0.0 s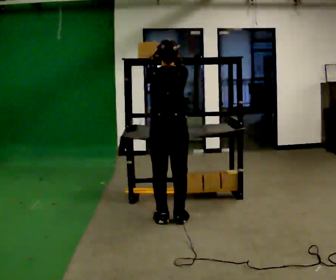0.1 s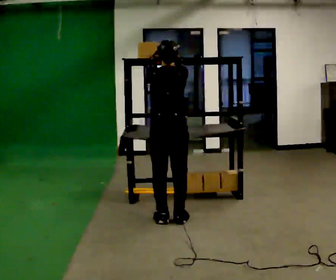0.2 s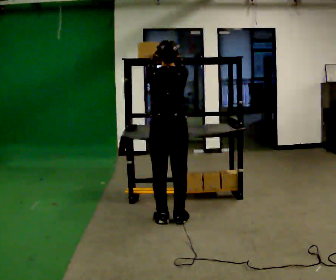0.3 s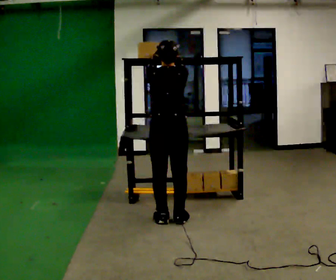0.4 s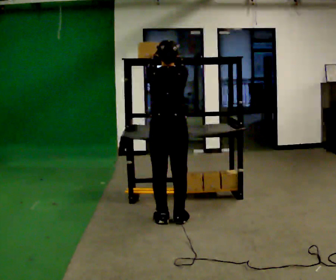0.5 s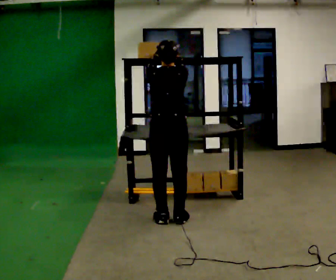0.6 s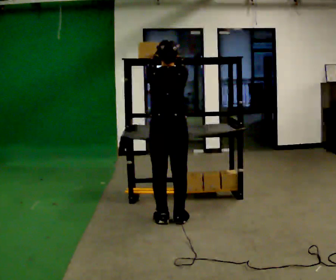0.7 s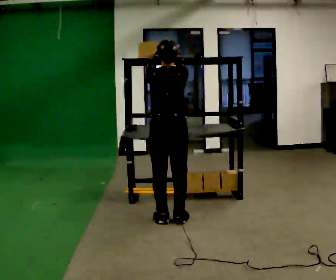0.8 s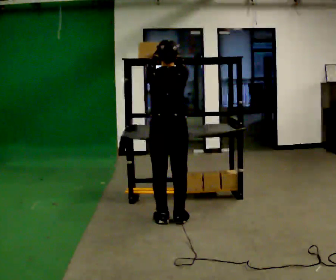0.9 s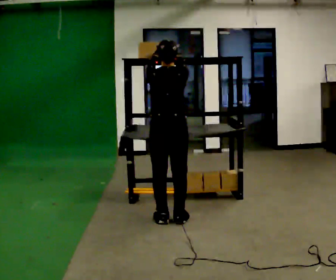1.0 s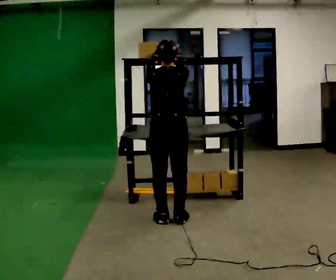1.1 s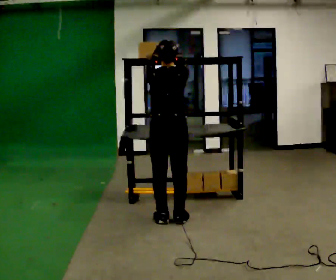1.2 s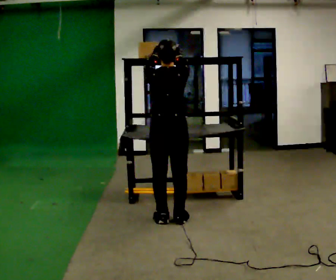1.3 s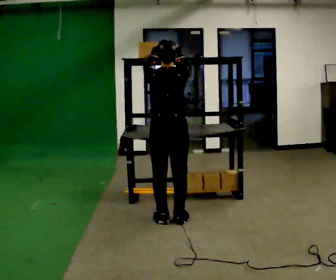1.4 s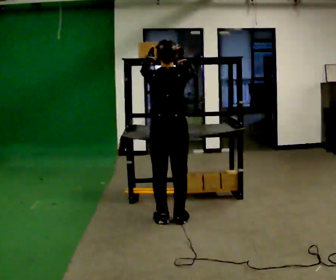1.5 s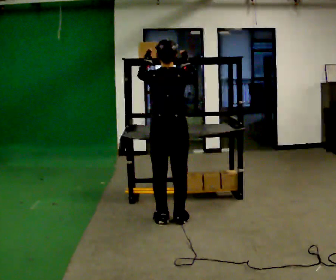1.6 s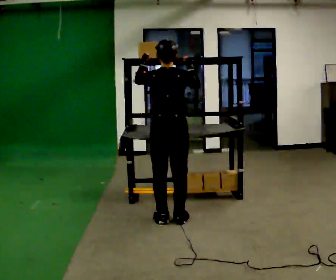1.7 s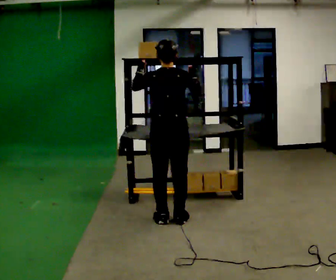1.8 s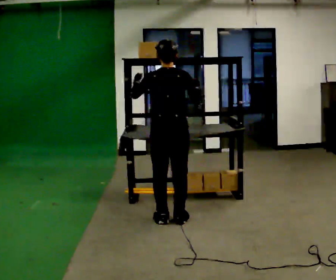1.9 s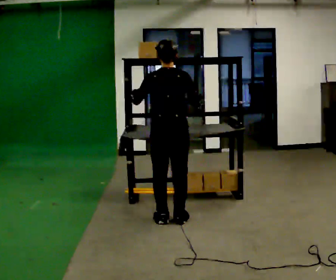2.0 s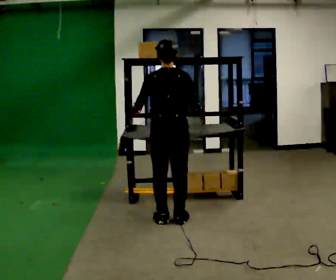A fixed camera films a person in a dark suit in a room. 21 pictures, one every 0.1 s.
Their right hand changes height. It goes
downward.
Their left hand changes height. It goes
downward.
0.0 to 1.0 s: The person moves a little, or ends about where they began.
1.0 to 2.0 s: In the picture their right hand goes downward.
The film runs backward here.
